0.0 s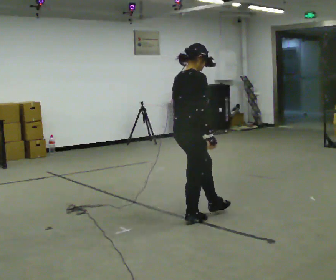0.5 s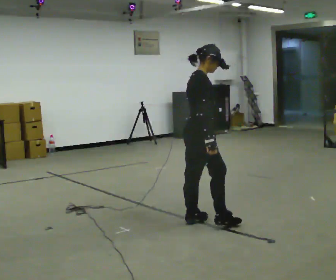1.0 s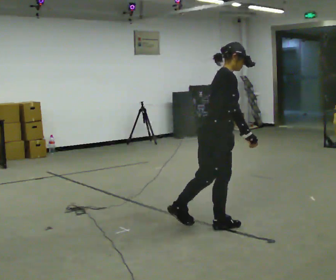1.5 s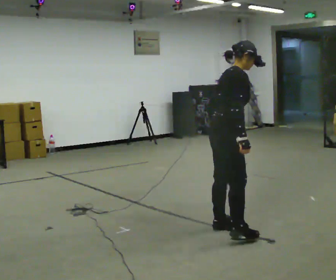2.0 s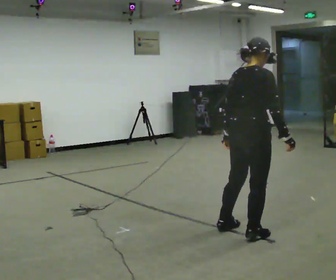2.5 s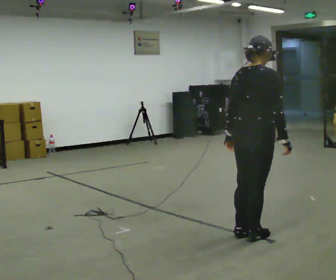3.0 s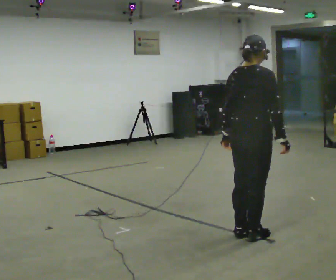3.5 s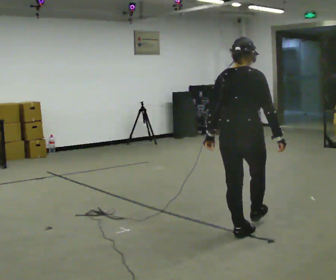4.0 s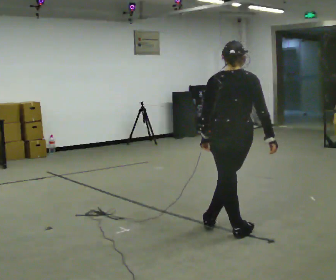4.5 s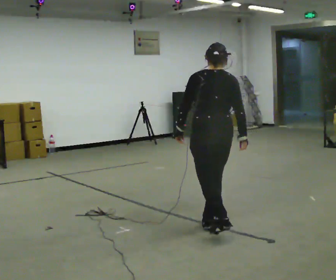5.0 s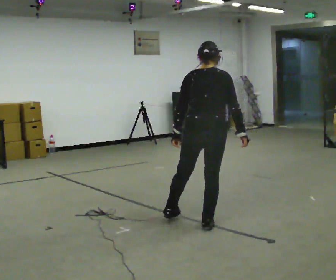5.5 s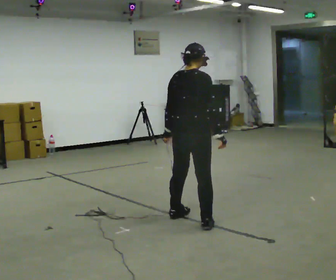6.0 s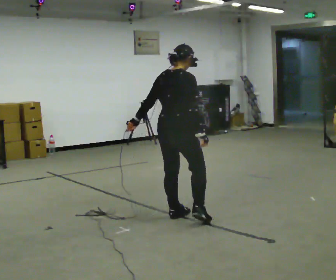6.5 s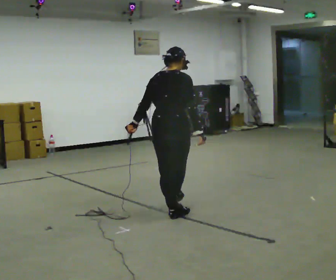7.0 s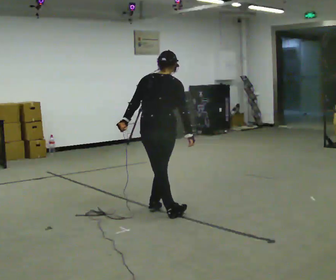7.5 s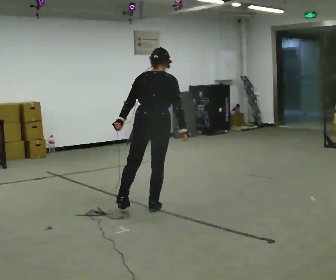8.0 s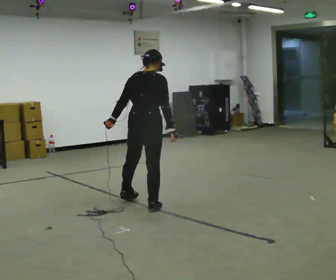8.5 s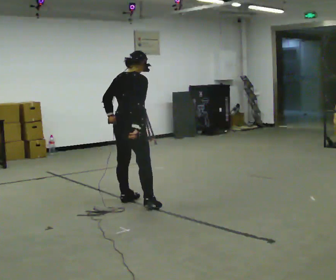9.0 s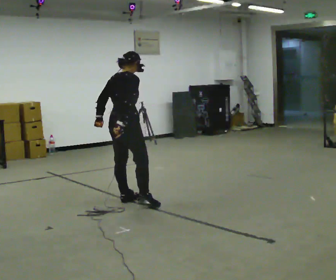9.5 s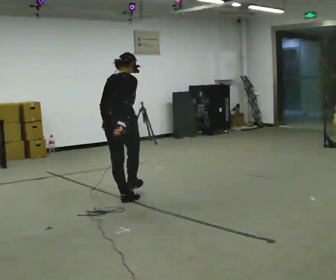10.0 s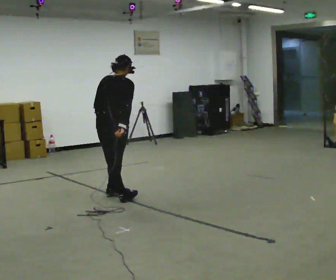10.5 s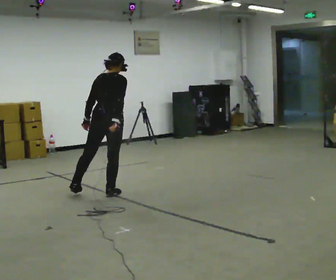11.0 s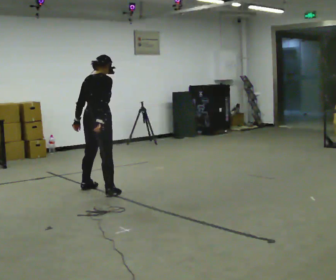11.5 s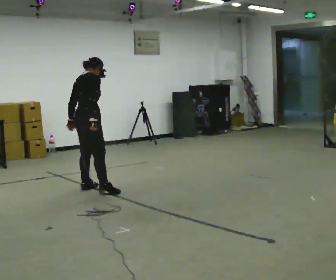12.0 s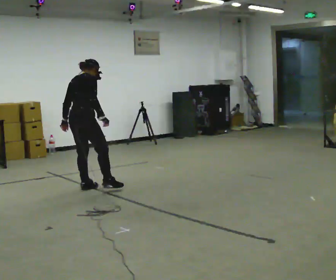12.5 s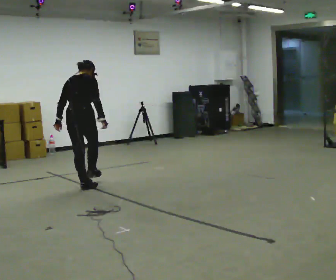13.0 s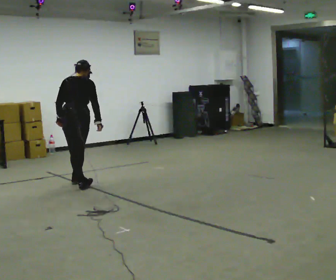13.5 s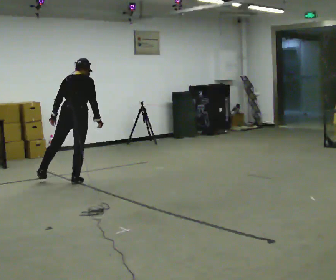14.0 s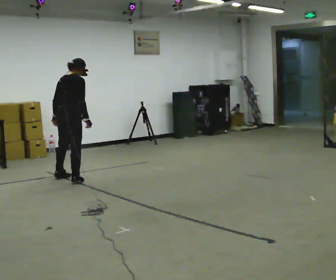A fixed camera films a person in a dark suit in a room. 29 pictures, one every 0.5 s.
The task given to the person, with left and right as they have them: Move sideways in the direction the operator calls, crossing one foot in front and then behind, alternating.
0.0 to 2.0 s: In the picture they go toward the camera and to the right, about 0.75 m in 2 steps, which for them is forward and to their right.
2.0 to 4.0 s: The person turns about 60 degrees to their left, counterclockwise seen from above, so the part of the body nearest the lens slides to the right.
4.0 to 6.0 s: The person turns about 45 degrees to their right, clockwise seen from above, so the part of the body nearest the lens slides to the left. In the picture they go away from the camera and to the left, about 0.75 m in 1 step, which for them is to their left and forward.
6.0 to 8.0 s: In the picture they go away from the camera and to the left, about 0.5 m in 2 steps, which for them is forward and to their left.
8.0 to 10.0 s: The person turns about 30 degrees to their left, counterclockwise seen from above, so the part of the body nearest the lens slides to the right. In the picture they go away from the camera and to the left, about 0.5 m in 1 step, which for them is to their left.
10.0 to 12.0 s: The person turns about 30 degrees to their right, clockwise seen from above, so the part of the body nearest the lens slides to the left. In the picture they go away from the camera and to the left, about 0.5 m in 1 step, which for them is to their left.
12.0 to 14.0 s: In the picture they go away from the camera and to the left, about 0.5 m in 2 steps, which for them is forward.
The film runs forward here.
